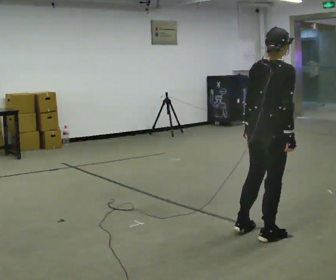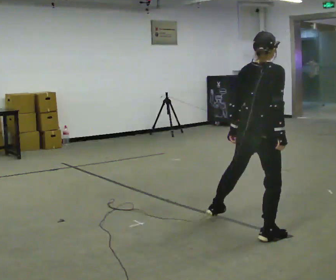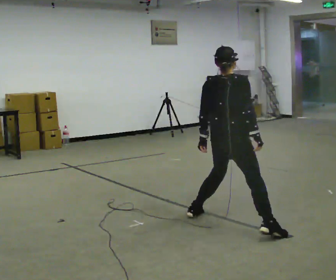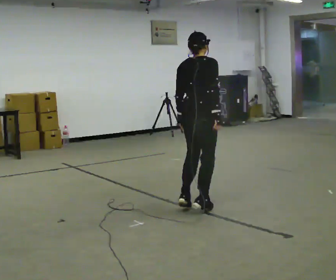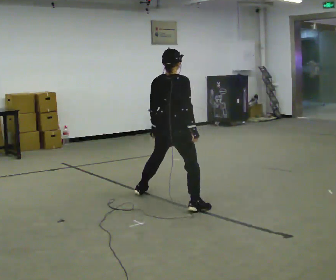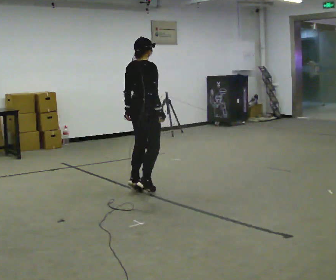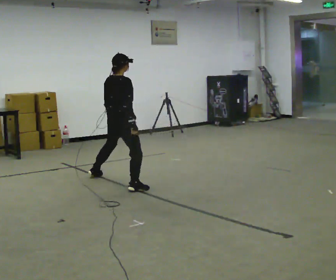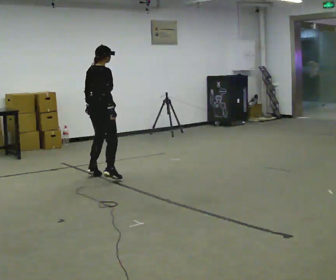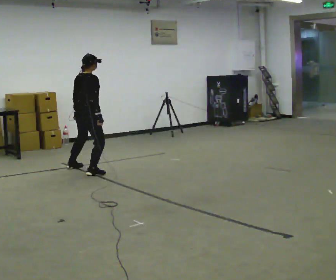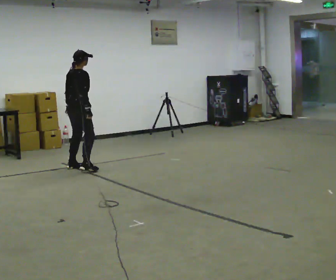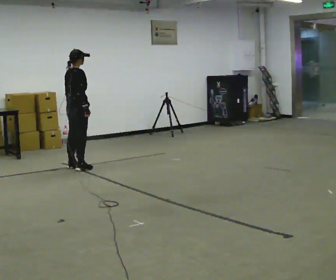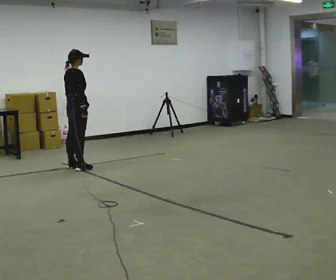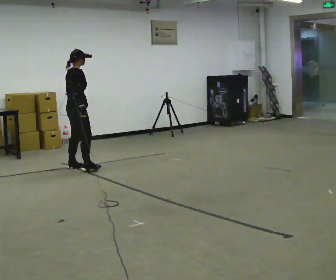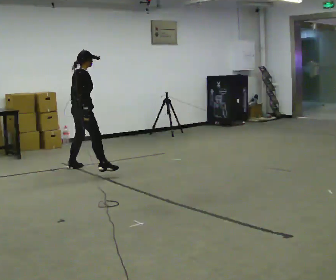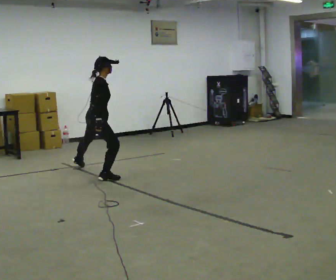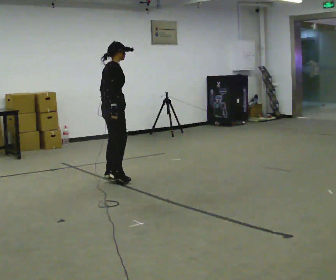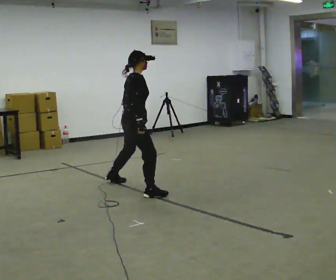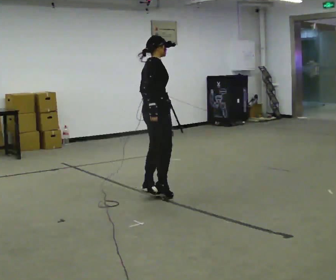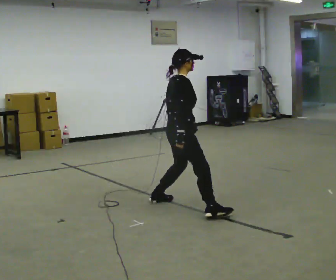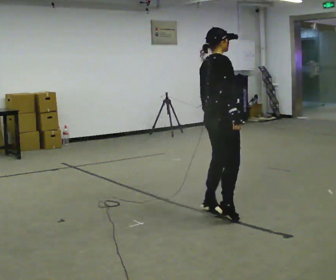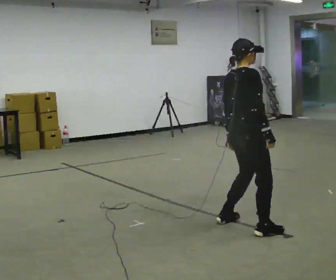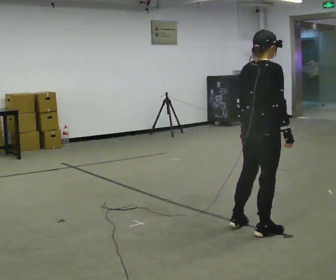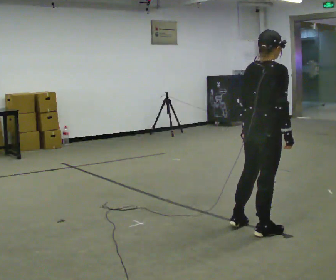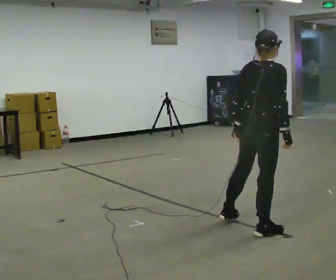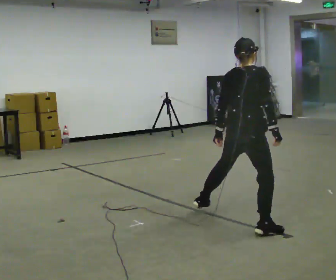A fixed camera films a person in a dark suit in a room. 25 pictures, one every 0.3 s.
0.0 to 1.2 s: In the picture they go away from the camera and to the left, about 1.5 m in 2 steps, which for them is to their left.
1.2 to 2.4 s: In the picture they go away from the camera and to the left, about 1.5 m in 5 steps, which for them is to their left.
2.4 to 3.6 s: In the picture they go away from the camera, about 0.25 m in 1 step, which for them is to their left.
3.6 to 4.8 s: In the picture they go toward the camera and to the right, about 1.5 m in 3 steps, which for them is to their right.
4.8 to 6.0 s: In the picture they go toward the camera and to the right, about 1.5 m in 3 steps, which for them is to their right.
6.0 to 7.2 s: The person moves a little, or ends about where they began.
The film runs forward here.
